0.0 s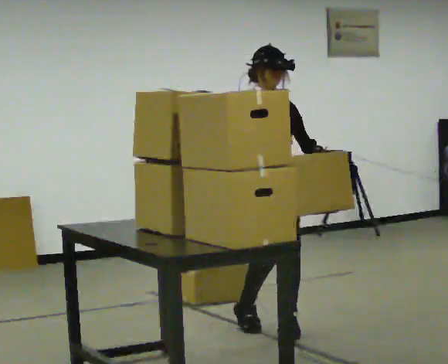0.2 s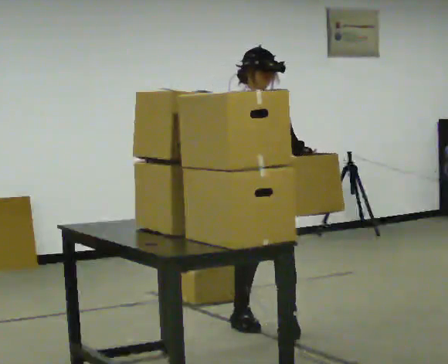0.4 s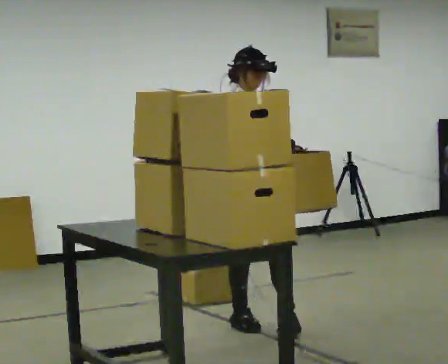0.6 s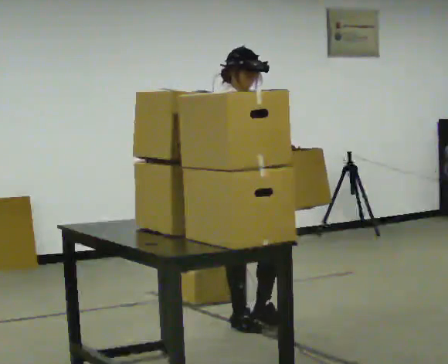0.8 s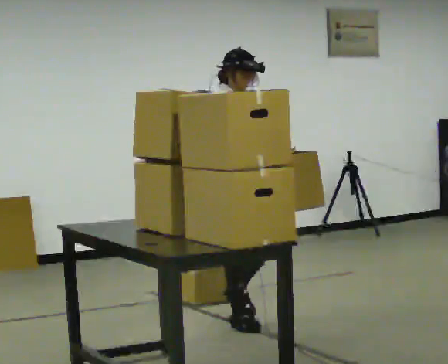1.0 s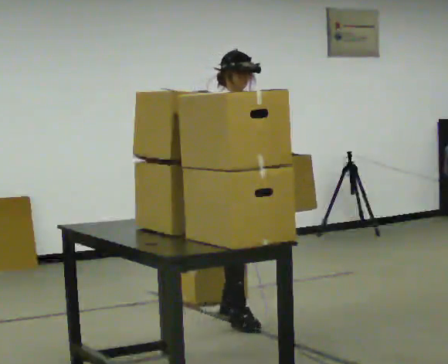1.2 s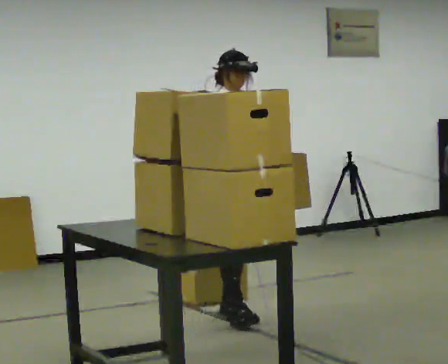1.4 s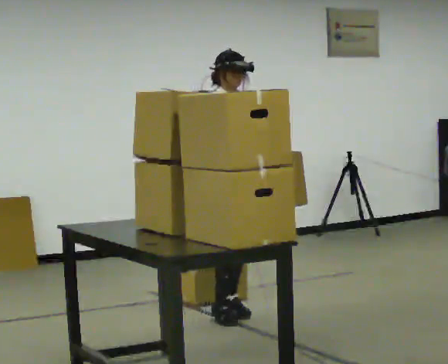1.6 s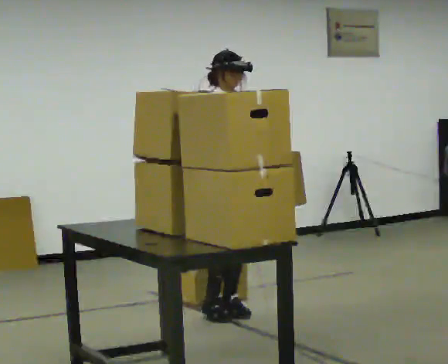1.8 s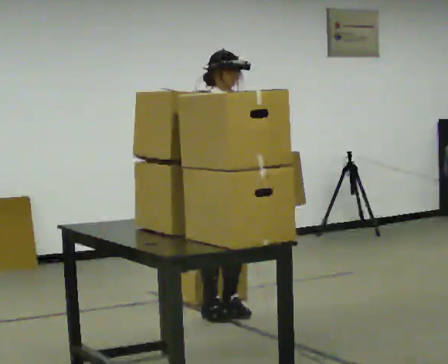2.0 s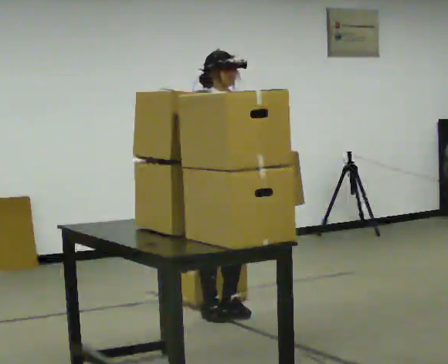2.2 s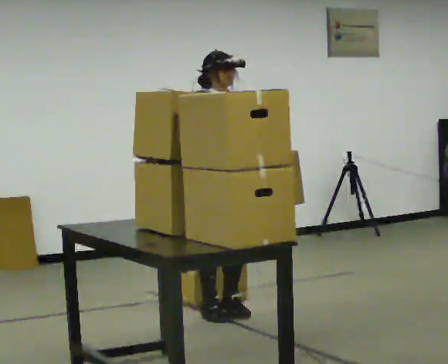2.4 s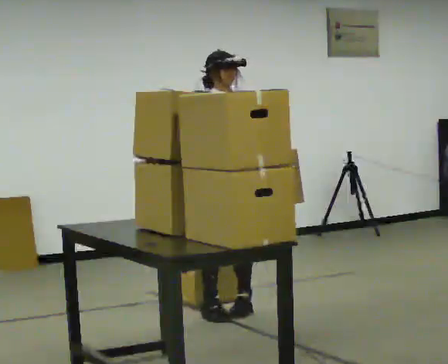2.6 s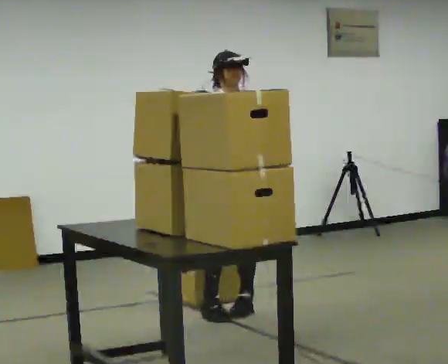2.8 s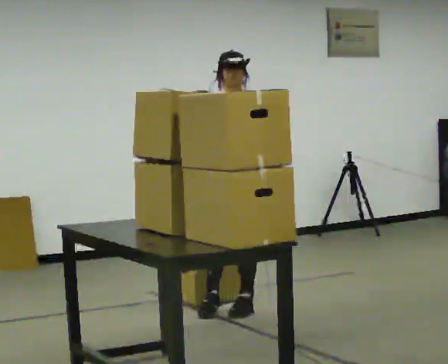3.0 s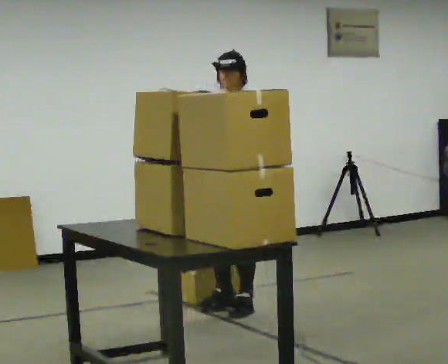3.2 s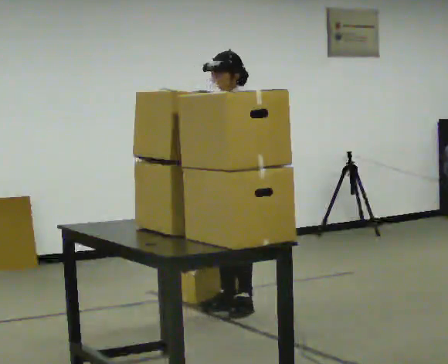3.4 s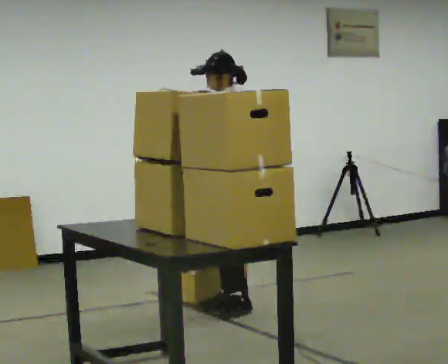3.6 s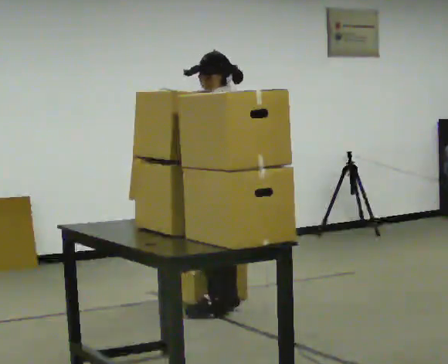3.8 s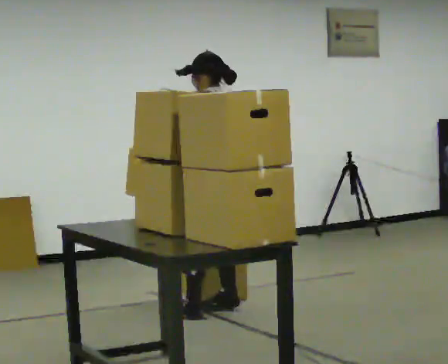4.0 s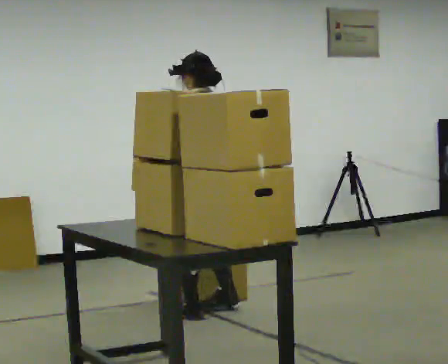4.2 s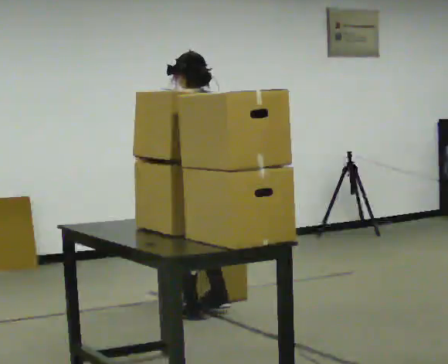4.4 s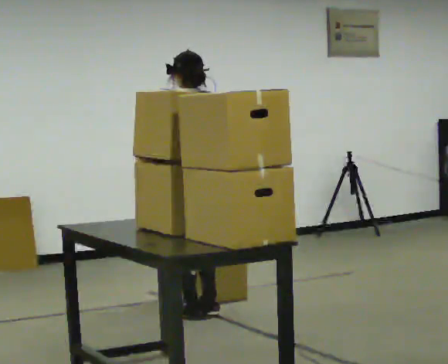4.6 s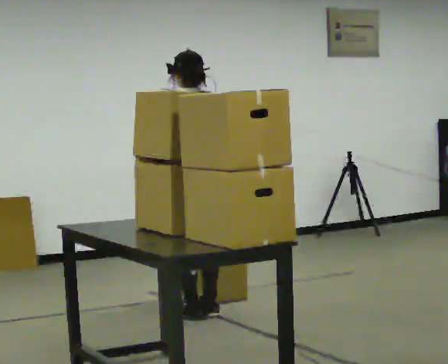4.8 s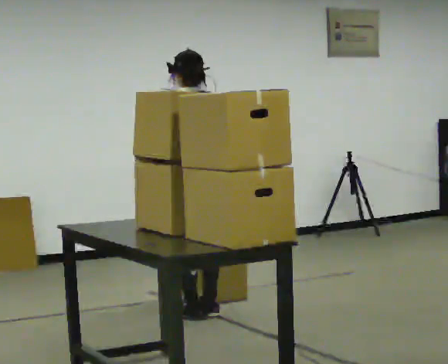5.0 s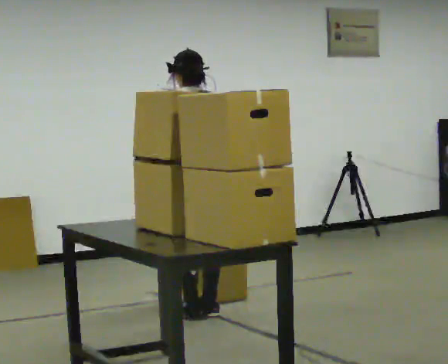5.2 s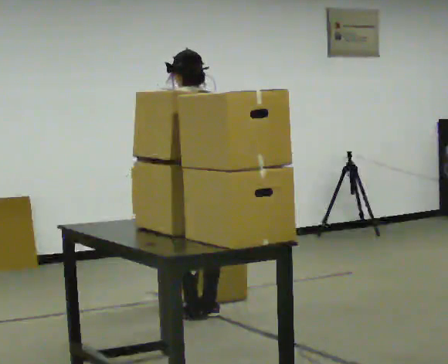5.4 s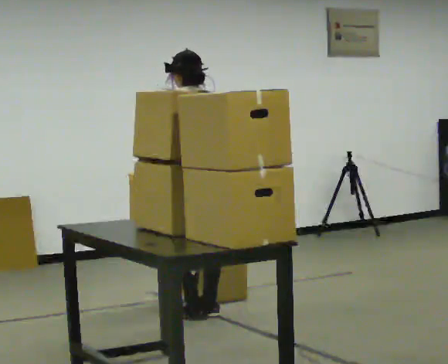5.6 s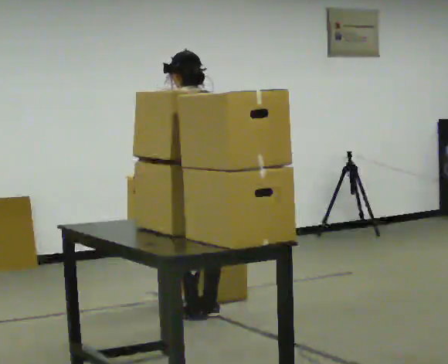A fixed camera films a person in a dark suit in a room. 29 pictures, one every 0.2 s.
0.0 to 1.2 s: In the picture they go away from the camera and to the left, about 0.5 m in 1 step, which for them is backward.
1.2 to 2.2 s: The person moves a little, or ends about where they began.
2.2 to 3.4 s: The person turns about 105 degrees to their right, clockwise seen from above, so the part of the body nearest the lens slides to the left.
3.4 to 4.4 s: The person turns about 90 degrees to their right, clockwise seen from above, so the part of the body nearest the lens slides to the left. In the picture they go to the left and toward the camera, about 0.25 m in 2 steps.
4.4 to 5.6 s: The person moves a little, or ends about where they began.
The film runs backward here.
